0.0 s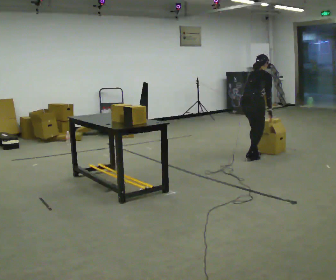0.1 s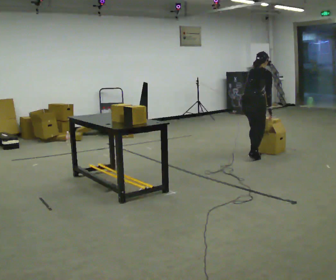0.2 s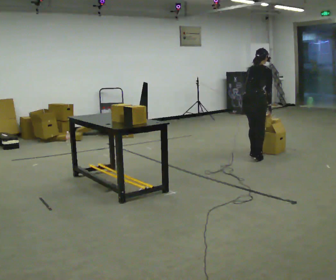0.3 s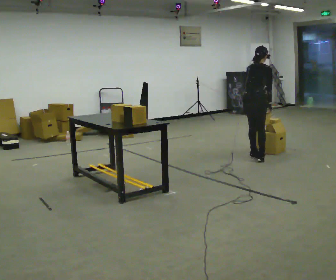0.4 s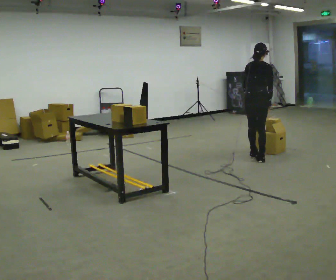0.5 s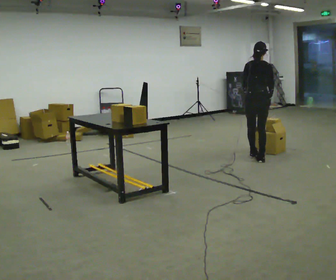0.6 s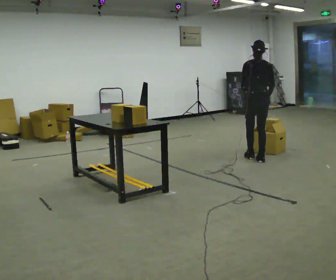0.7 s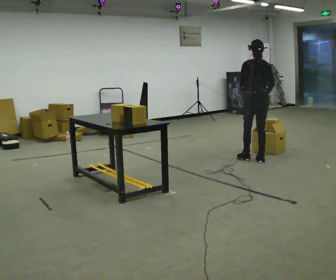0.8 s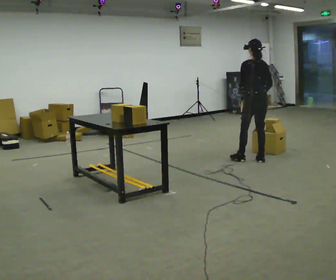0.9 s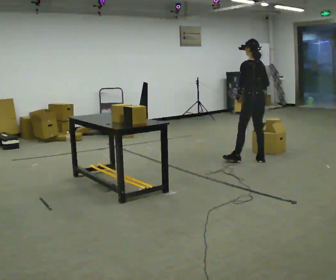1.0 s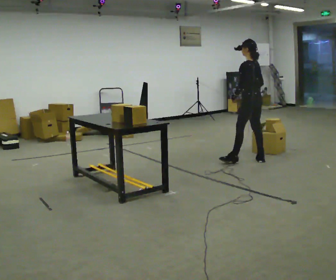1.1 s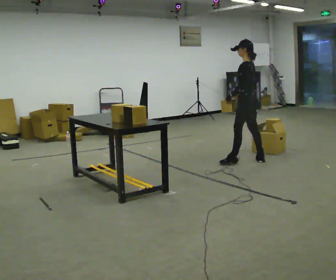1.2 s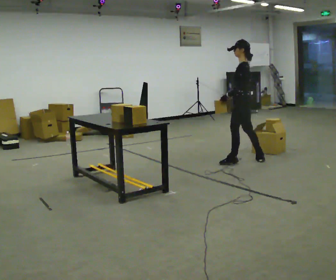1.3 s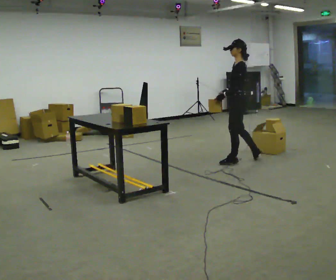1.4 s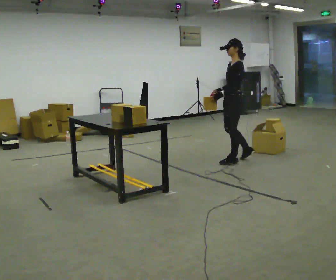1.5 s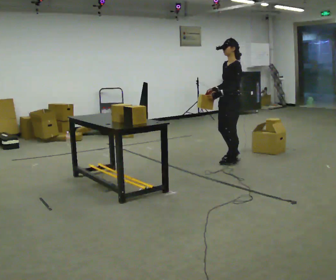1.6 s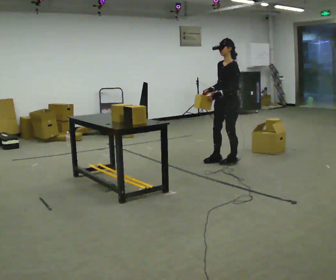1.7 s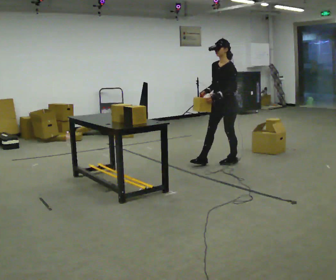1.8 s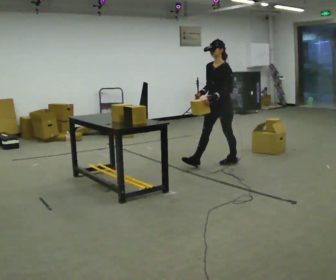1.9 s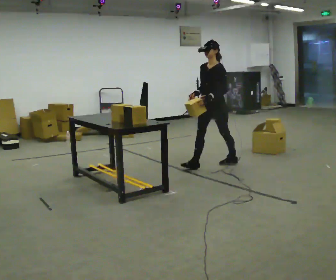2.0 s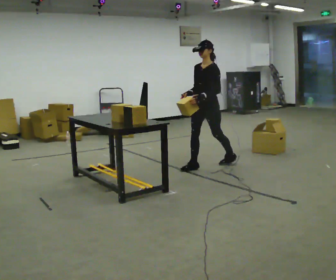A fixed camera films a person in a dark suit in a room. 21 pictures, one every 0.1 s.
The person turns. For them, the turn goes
to their left.
The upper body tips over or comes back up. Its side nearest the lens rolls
downward.
0.0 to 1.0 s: The person turns about 105 degrees to their left, counterclockwise seen from above, so the part of the body nearest the lens slides to the right. The upper body tips toward the camera, its near side rolling downward, as they lean back or straighten. In the picture their right hand goes to the left.
1.0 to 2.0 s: Seen from above the body turns counterclockwise, about 75 degrees: to their left, with its near side sliding to the right. In the picture they go to the left and toward the camera, about 0.75 m in 1 step.
The film runs forward here.
